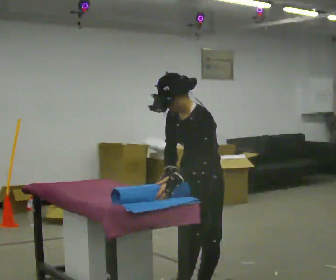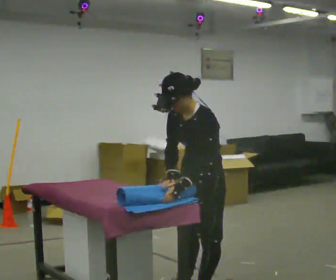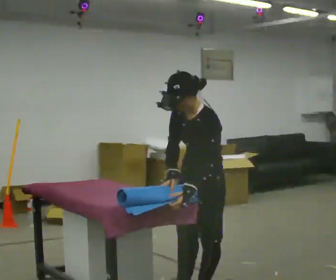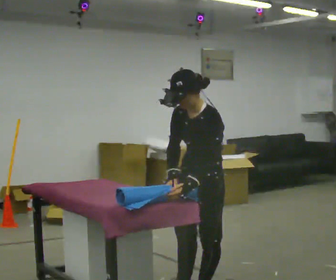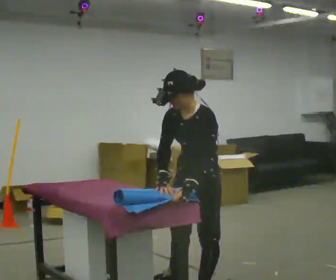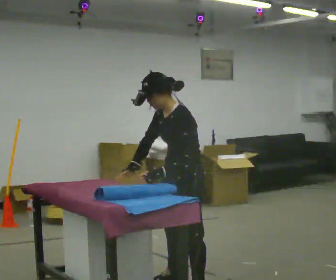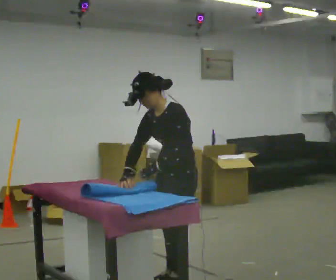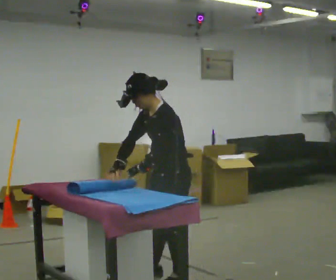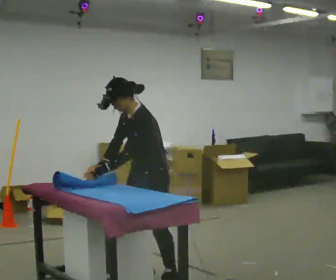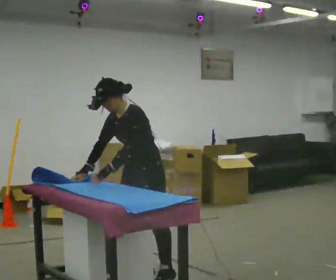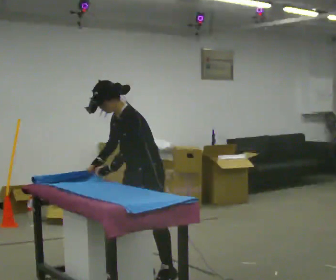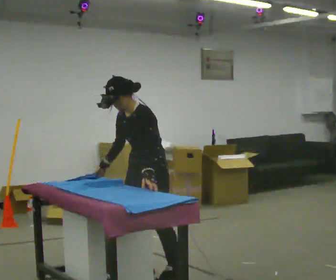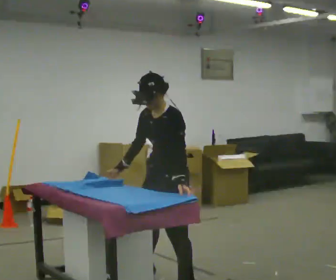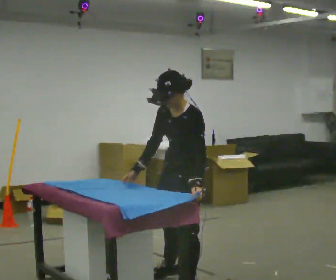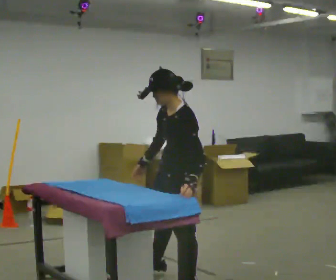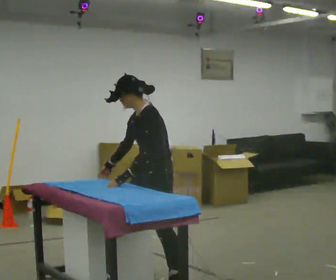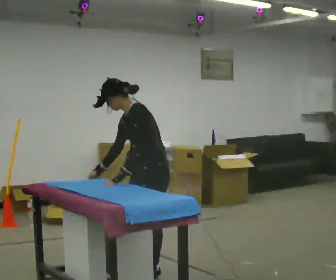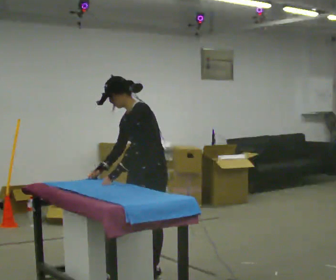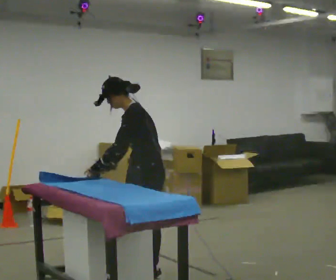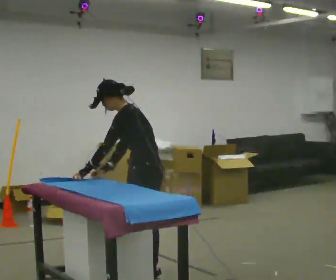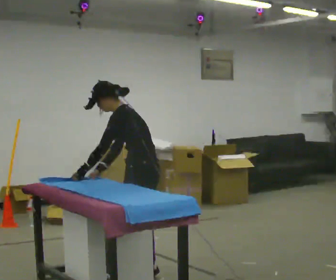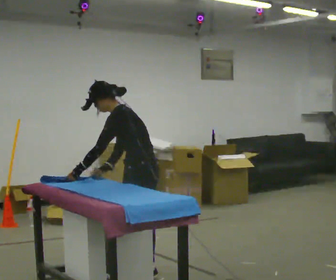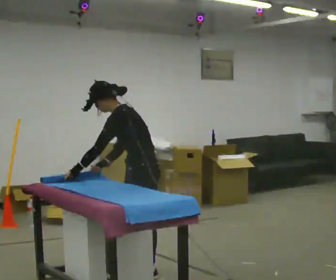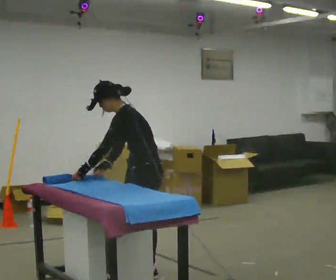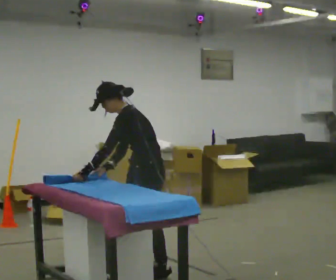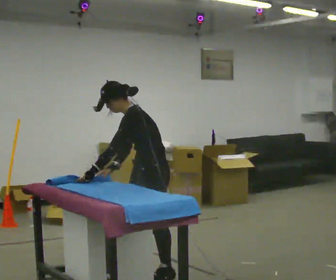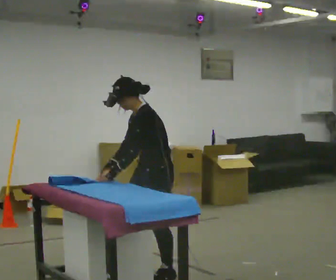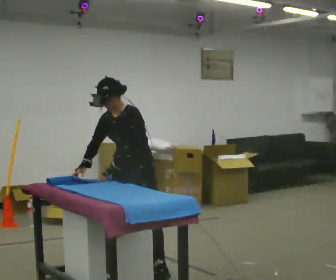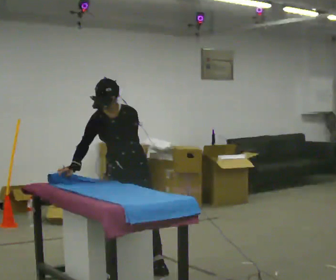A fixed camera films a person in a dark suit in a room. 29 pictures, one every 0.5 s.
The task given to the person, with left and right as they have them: Roll the mat up from one end, then unroll it again. Repeat at your own pace until the operator says stop.
0.0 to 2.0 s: The person moves a little, or ends about where they began.
2.0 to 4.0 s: In the picture they go away from the camera and to the left, about 0.5 m in 1 step, which for them is to their right.
4.0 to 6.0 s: In the picture they go toward the camera, about 0.25 m in 2 steps, which for them is to their left. In the picture their left hand goes to the right.
6.0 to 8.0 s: In the picture they go away from the camera, about 0.25 m in 3 steps, which for them is to their right.
8.0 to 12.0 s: The person moves a little, or ends about where they began.
12.0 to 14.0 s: Seen from above the body turns counterclockwise, about 75 degrees: to their left, with its near side sliding to the right. In the picture they go to the left and away from the camera, about 0.25 m in 2 steps. The upper body tips toward the camera, its near side rolling downward.
The film runs forward here.
